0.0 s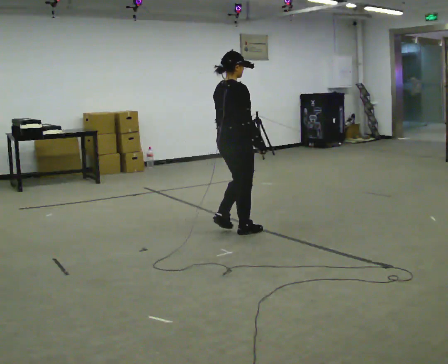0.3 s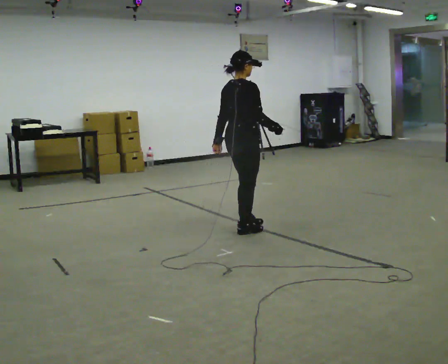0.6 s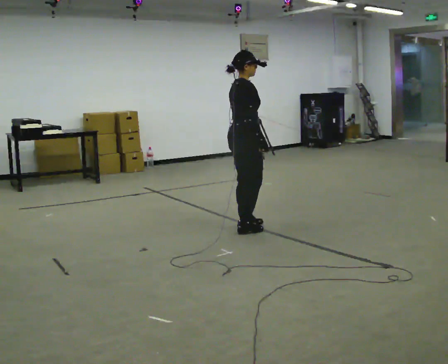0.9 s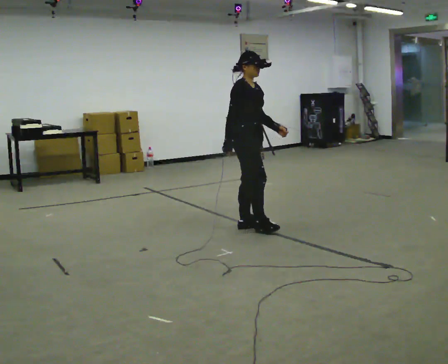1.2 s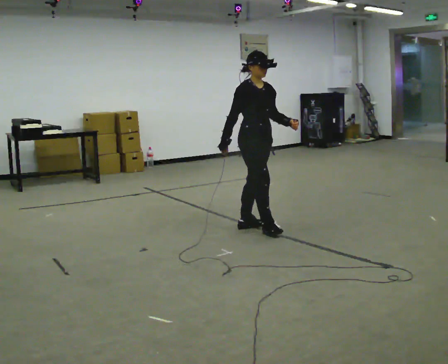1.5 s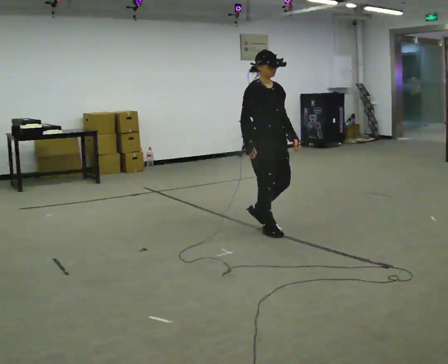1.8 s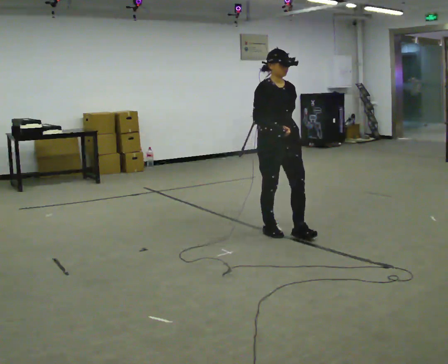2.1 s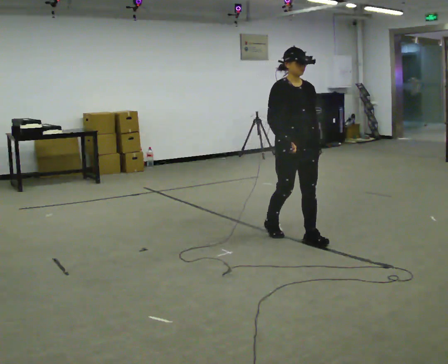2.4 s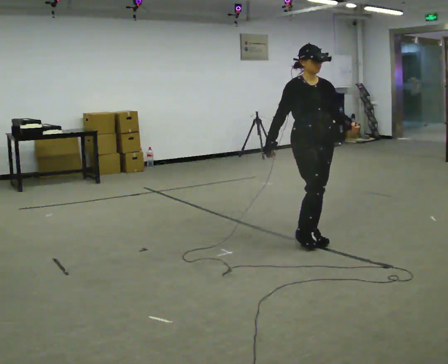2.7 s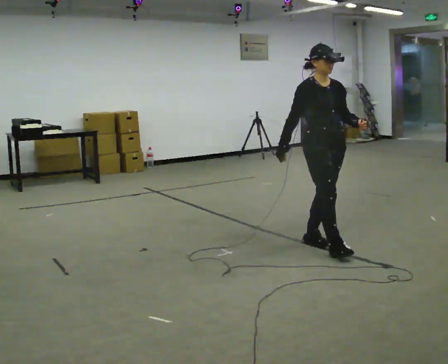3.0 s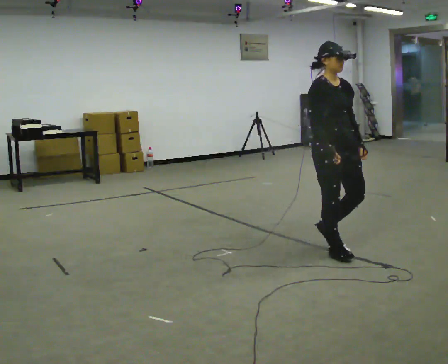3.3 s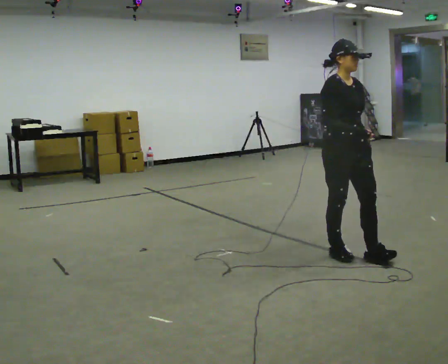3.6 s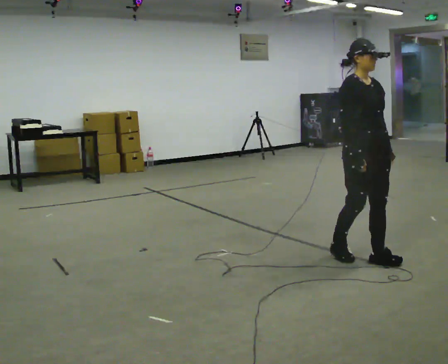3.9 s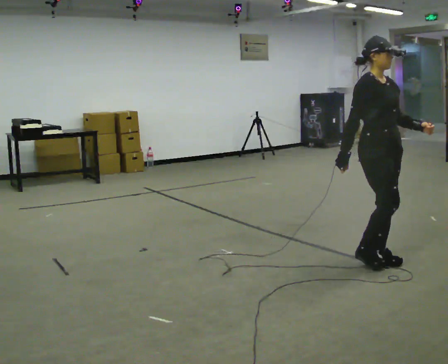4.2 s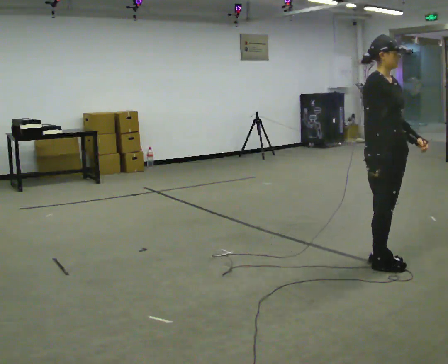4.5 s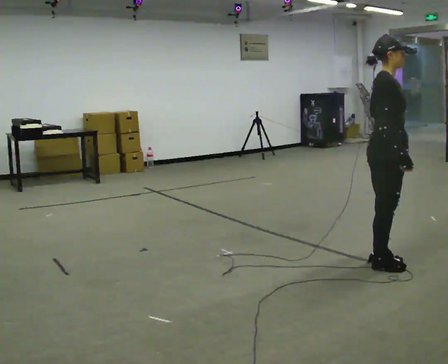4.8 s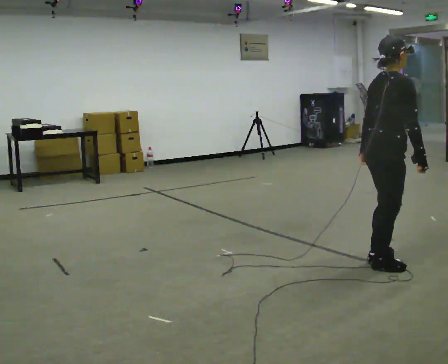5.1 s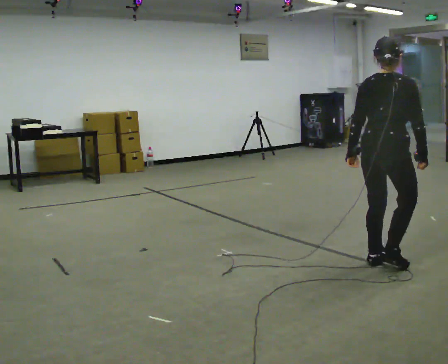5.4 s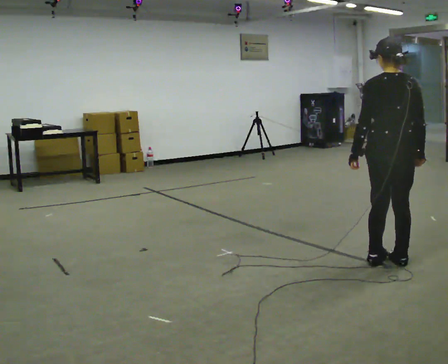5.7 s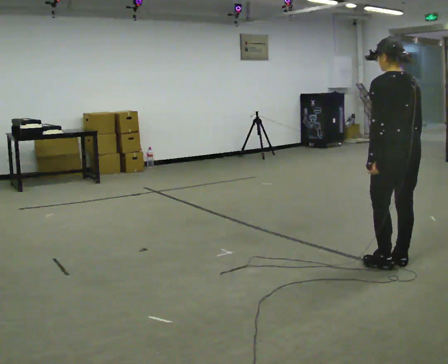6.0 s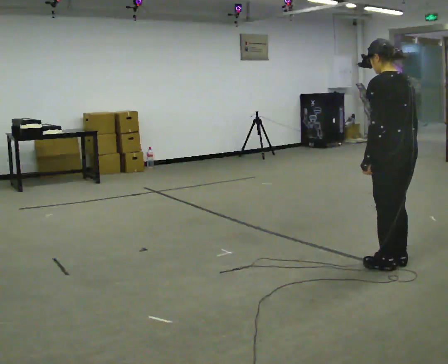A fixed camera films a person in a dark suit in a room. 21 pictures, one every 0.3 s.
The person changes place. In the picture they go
to the right.
0.0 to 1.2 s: The person turns about 60 degrees to their right, clockwise seen from above, so the part of the body nearest the lens slides to the left. In the picture they go to the right and away from the camera, about 0.25 m in 2 steps. In the picture their left hand goes to the right, the arm swinging counterclockwise.
1.2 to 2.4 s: The person turns about 30 degrees to their right, clockwise seen from above, so the part of the body nearest the lens slides to the left. In the picture they go to the right and toward the camera, about 0.5 m in 1 step, which for them is forward.
2.4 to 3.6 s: In the picture they go toward the camera and to the right, about 0.5 m in 2 steps, which for them is forward.
3.6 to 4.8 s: The part of the body nearest the lens slides to the right as the person turns to their left by about 60 degrees. In the picture they go toward the camera, about 0.25 m in 1 step.
4.8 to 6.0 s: The part of the body nearest the lens slides to the right as the person turns to their left by about 105 degrees.
The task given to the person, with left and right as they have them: Walk straight; turn 90° left/right while continuing to walk; continue.
The film runs forward here.
